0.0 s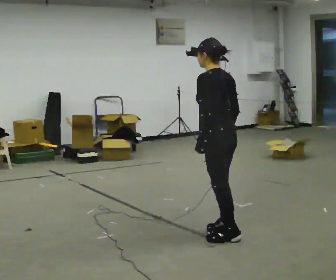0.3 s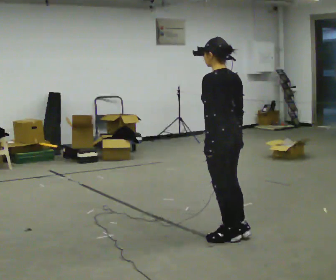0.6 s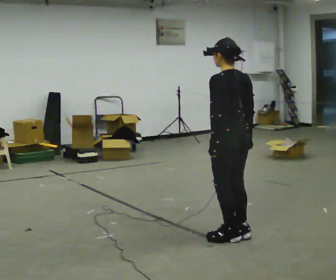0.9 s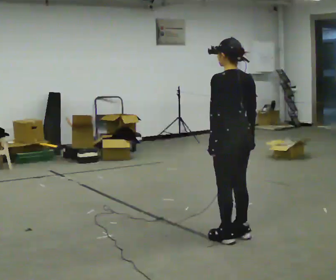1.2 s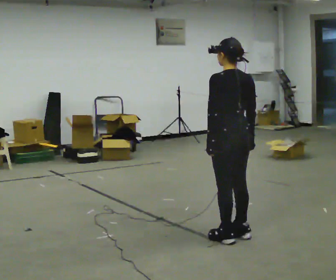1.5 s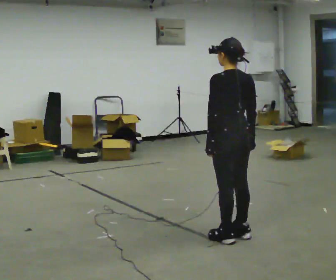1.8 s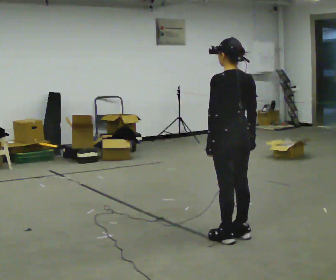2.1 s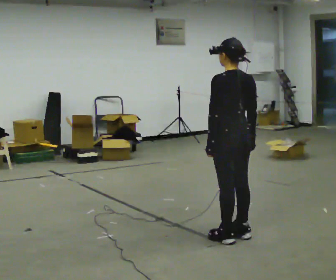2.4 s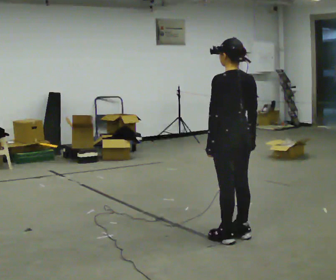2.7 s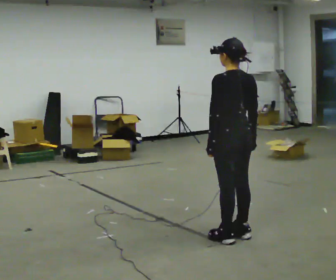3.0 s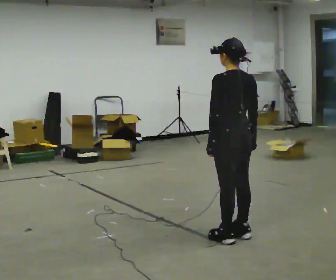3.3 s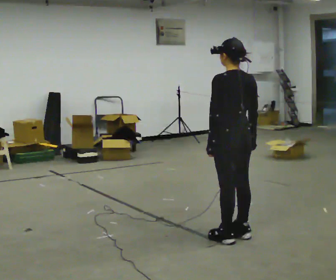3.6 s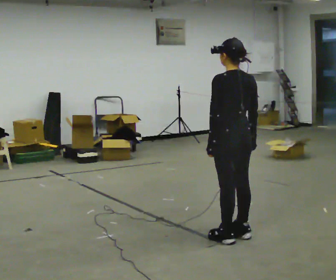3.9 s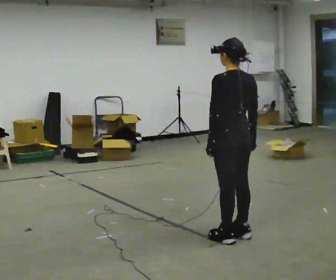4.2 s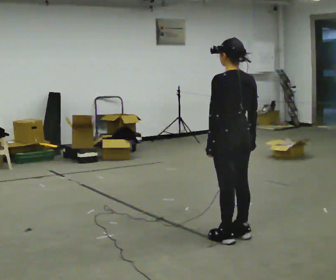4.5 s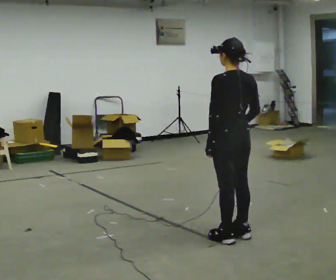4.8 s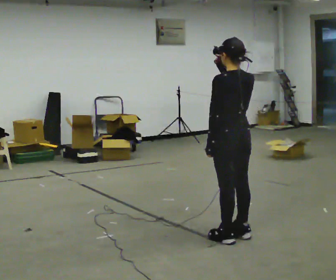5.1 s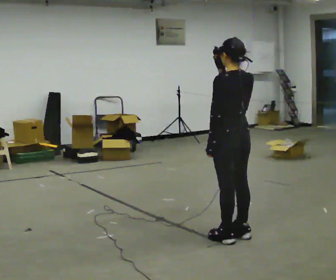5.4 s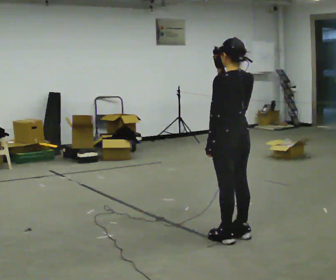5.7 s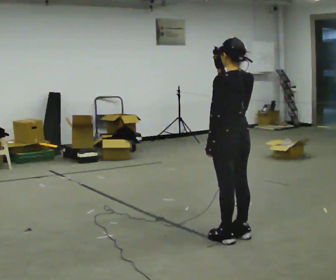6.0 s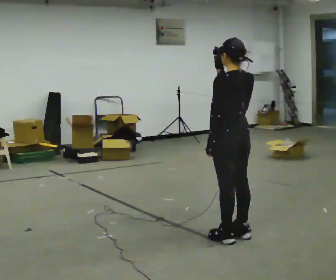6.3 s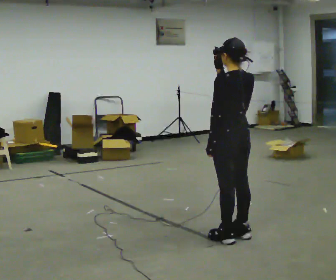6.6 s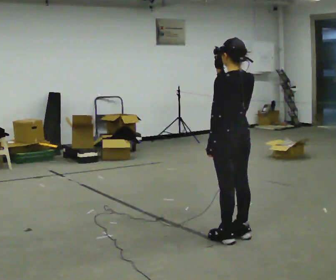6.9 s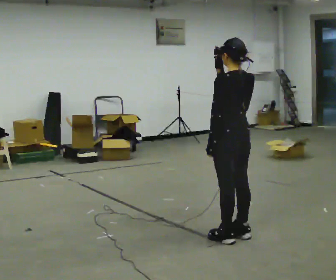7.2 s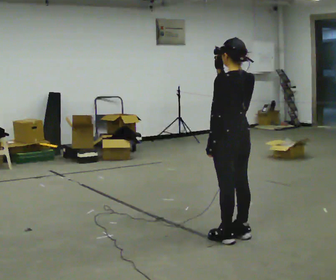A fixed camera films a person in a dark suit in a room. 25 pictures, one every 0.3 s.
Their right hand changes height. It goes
upward.
0.0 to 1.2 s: The person turns about 30 degrees to their right, clockwise seen from above, so the part of the body nearest the lens slides to the left.
1.2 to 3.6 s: The person keeps their place and pose.
3.6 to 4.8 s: In the picture their right hand goes upward.
4.8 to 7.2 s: The person moves a little, or ends about where they began.
The film runs forward here.
